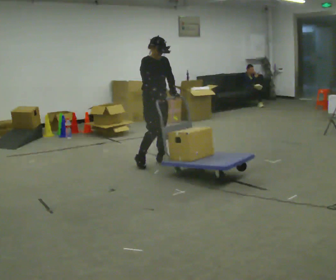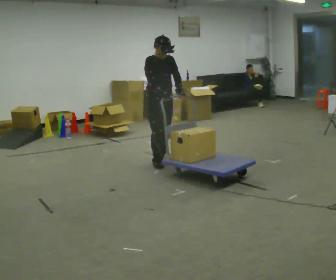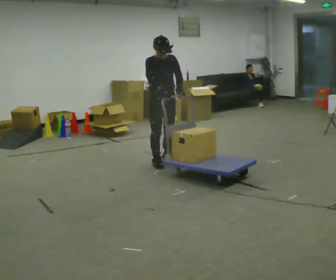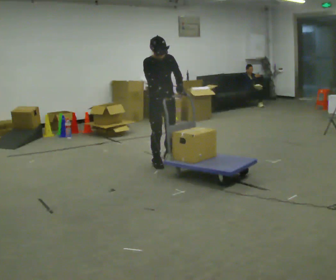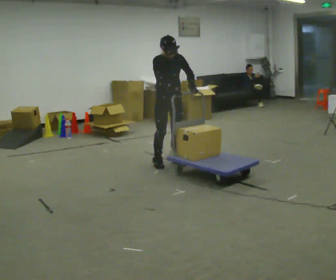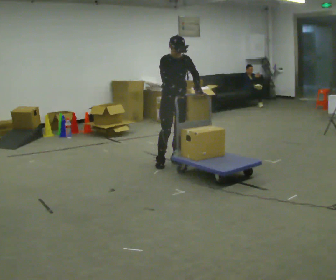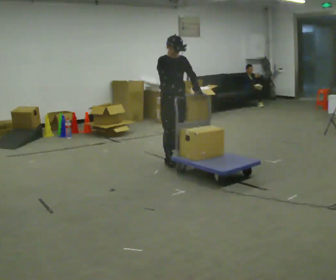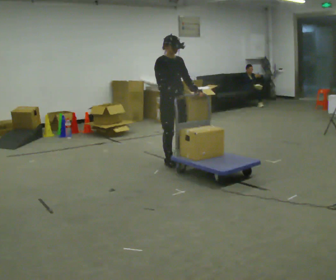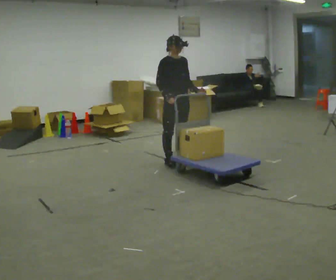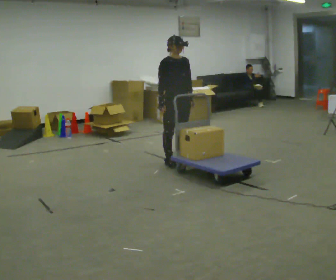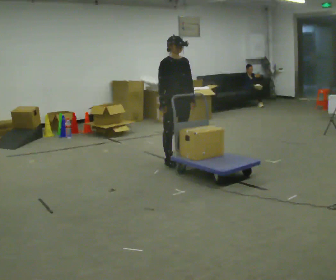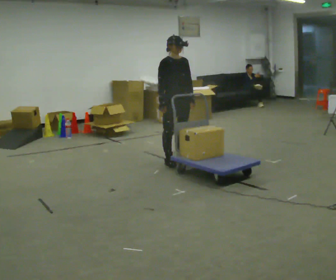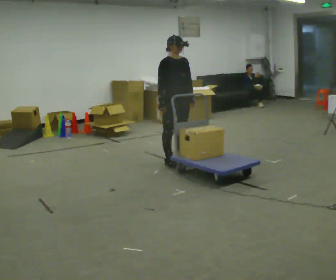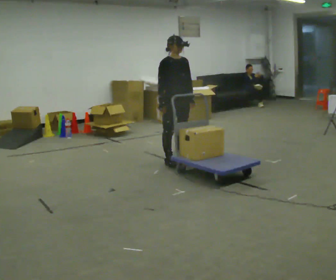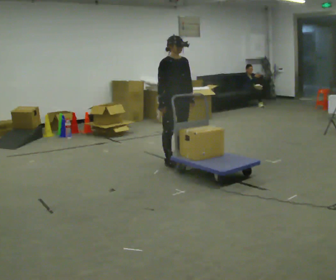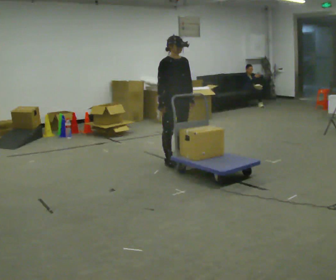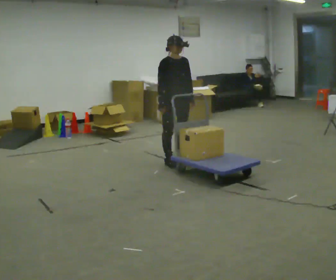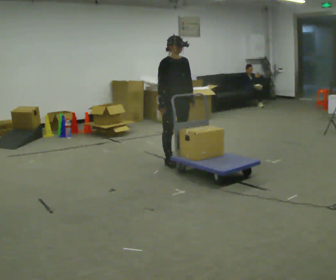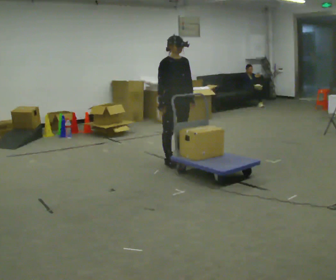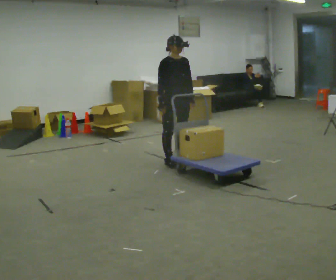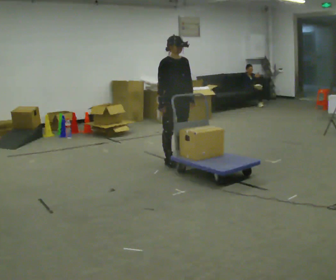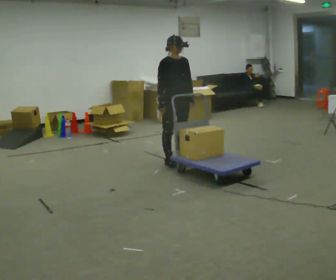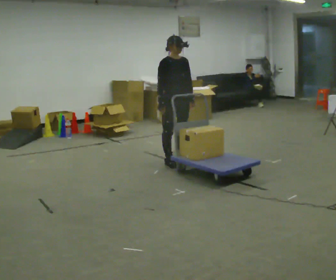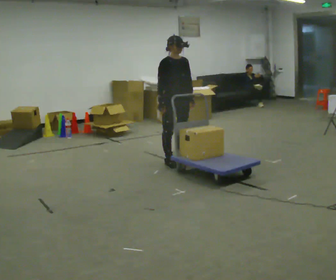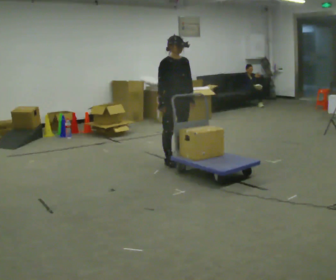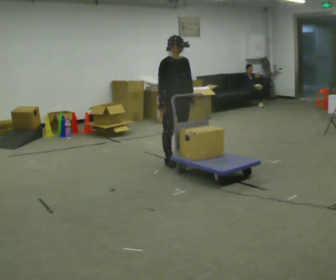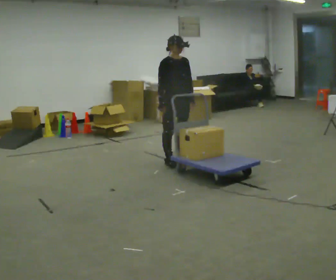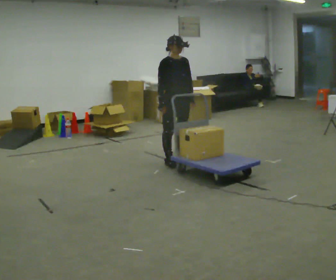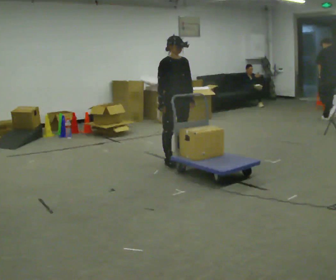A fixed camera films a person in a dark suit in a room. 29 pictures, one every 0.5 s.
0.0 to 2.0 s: In the picture they go to the right, about 0.25 m in 1 step, which for them is to their left.
2.0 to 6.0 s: The person moves a little, or ends about where they began.
6.0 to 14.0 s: The person keeps their place and pose.
The film runs forward here.
